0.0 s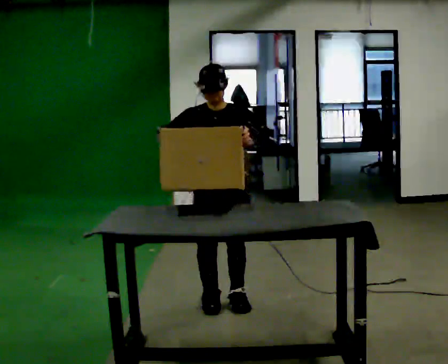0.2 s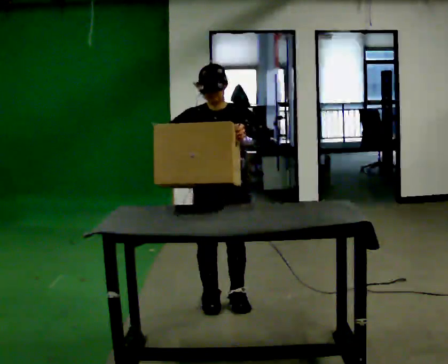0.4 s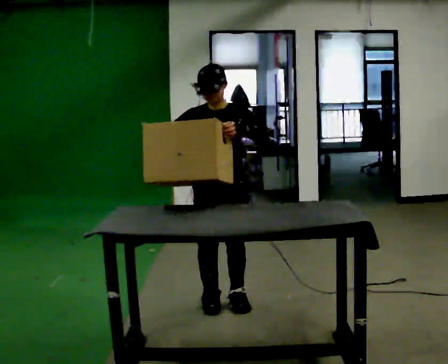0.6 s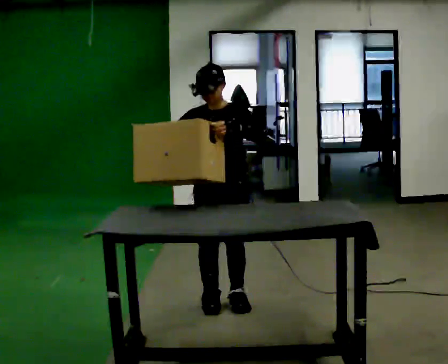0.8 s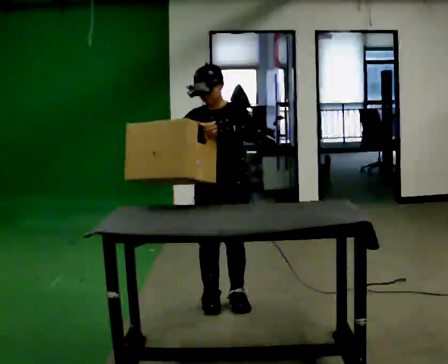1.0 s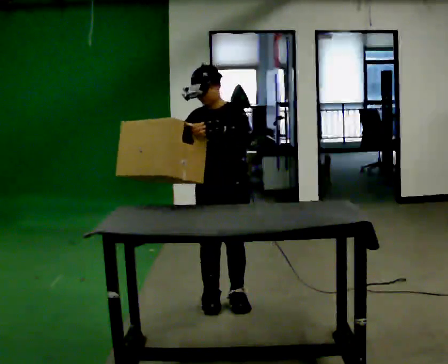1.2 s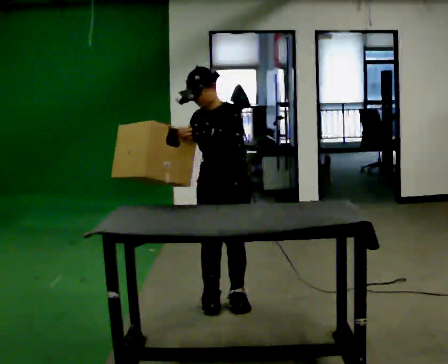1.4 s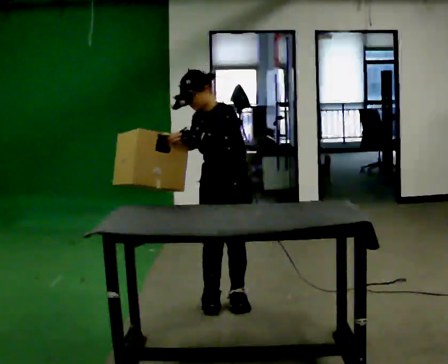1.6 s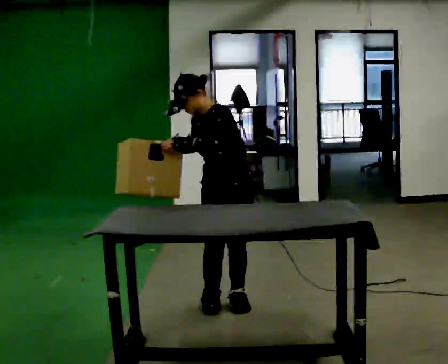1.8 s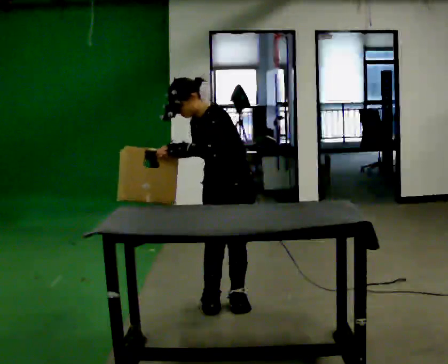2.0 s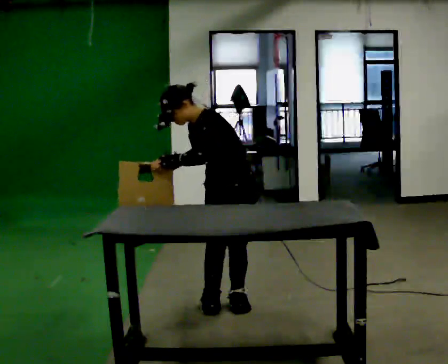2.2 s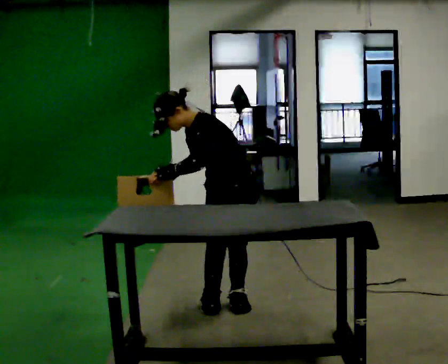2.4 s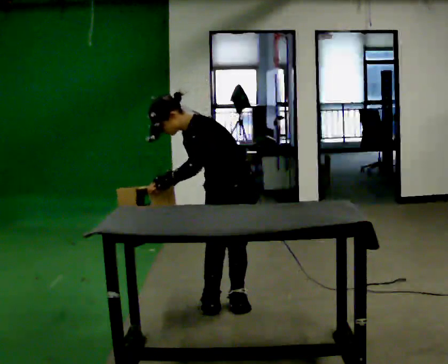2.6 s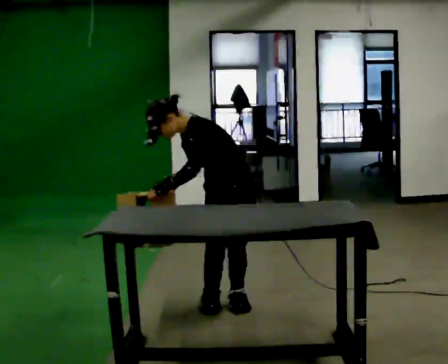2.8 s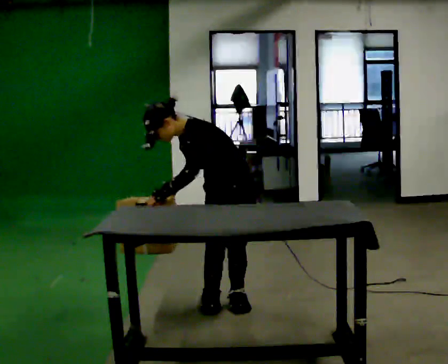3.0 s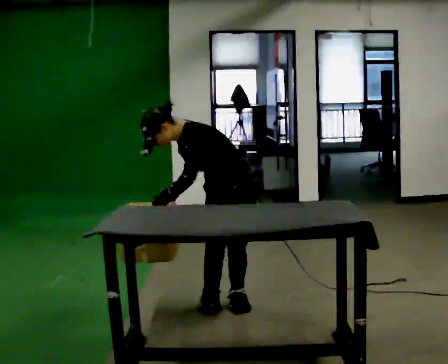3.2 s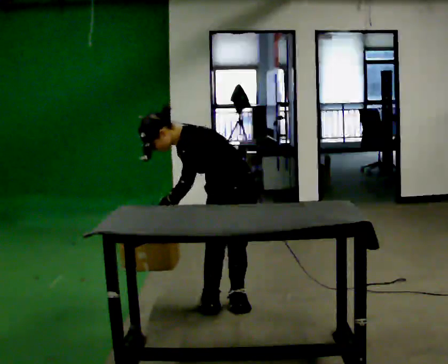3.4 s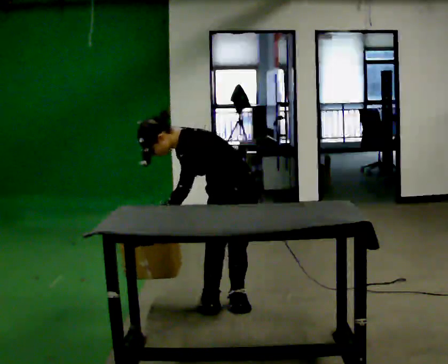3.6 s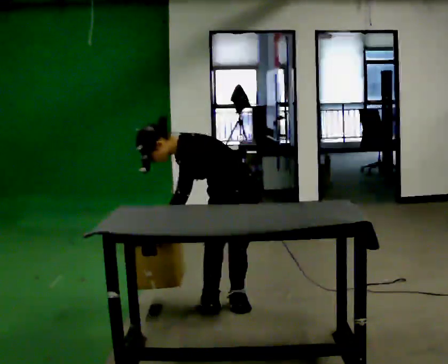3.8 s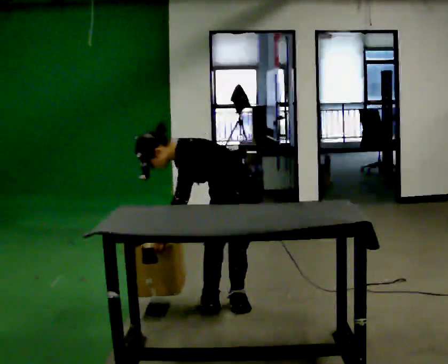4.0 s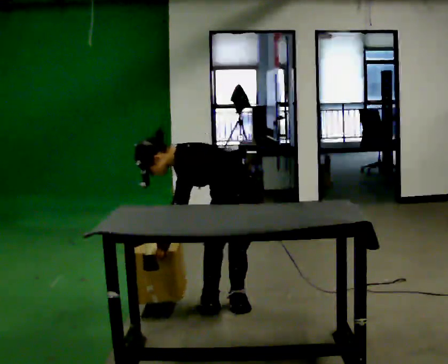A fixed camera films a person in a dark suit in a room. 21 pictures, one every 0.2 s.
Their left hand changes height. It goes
downward.
Their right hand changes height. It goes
downward.
0.0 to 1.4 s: Seen from above the body turns clockwise, about 30 degrees: to their right, with its near side sliding to the left.
1.4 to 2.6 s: In the picture the upper body tilts counterclockwise, shoulders to the left, as they bend forward.
2.6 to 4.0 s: The shoulders move downward. In the picture the upper body tilts counterclockwise, shoulders to the left, as they bend forward.
The film runs forward here.
